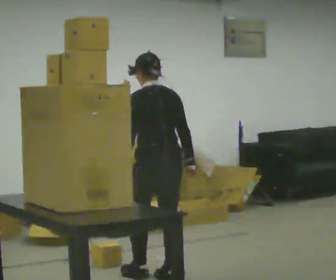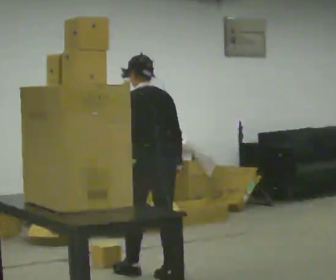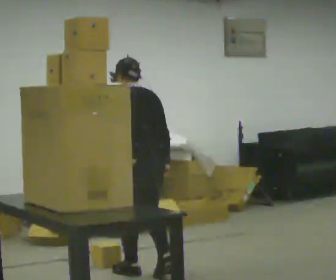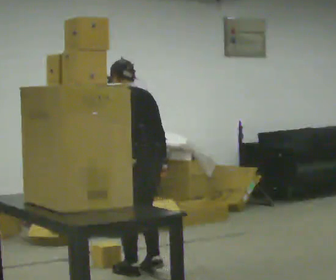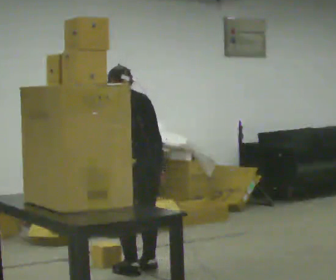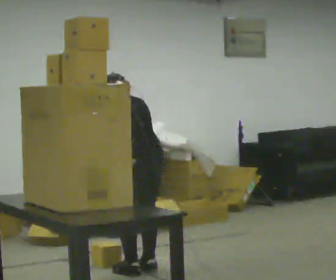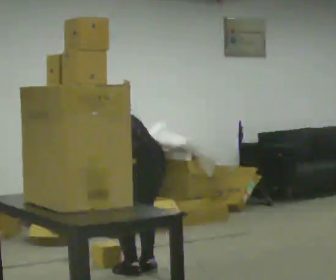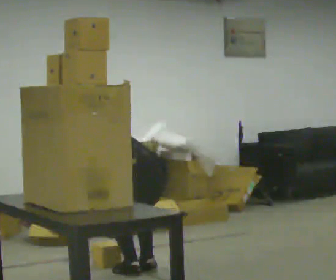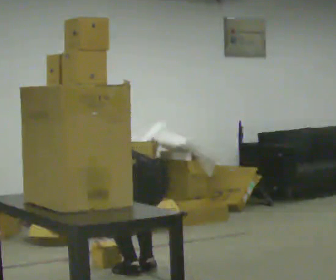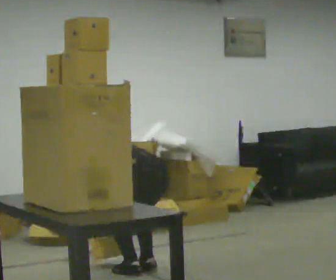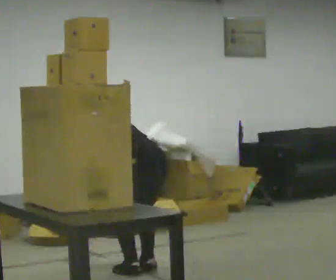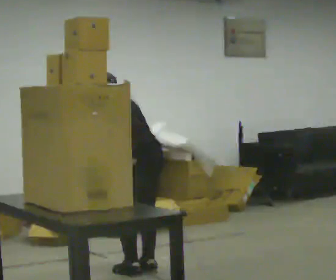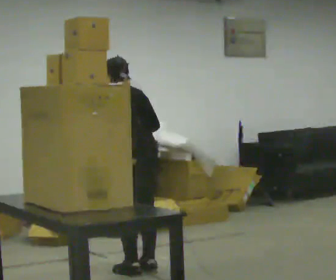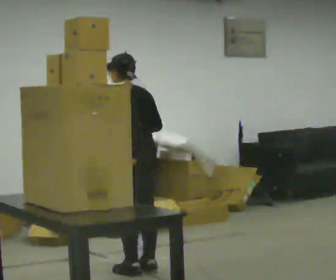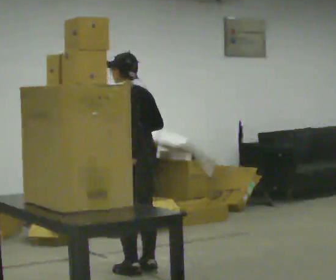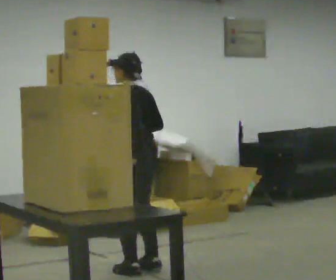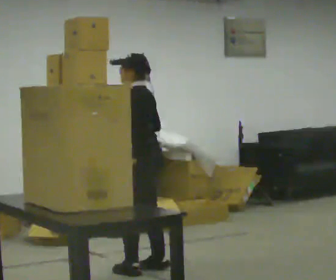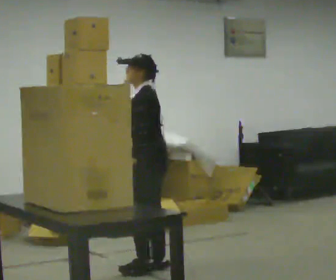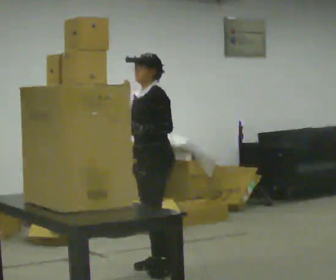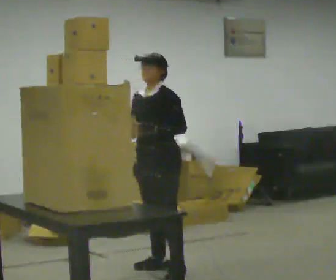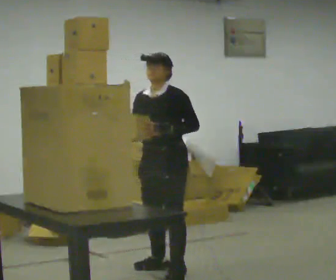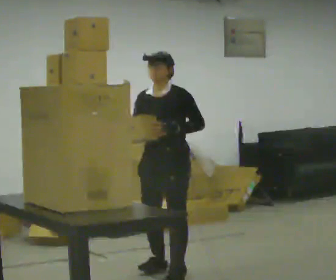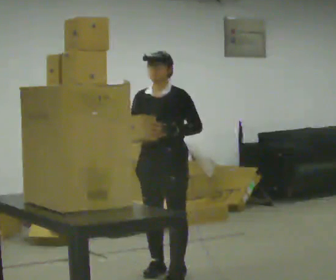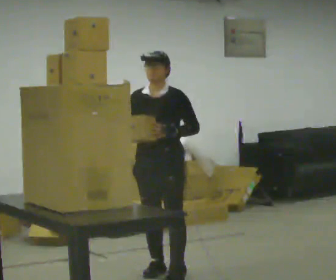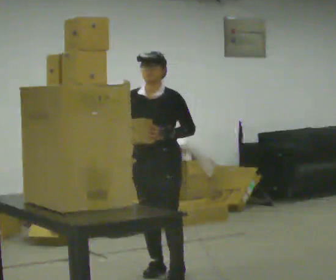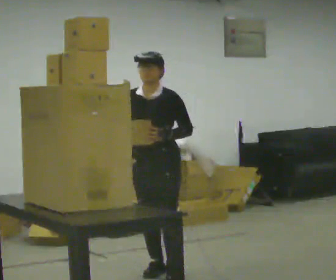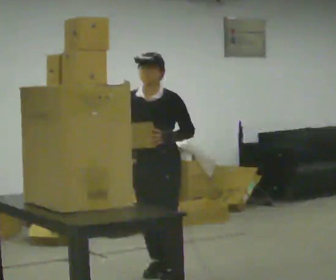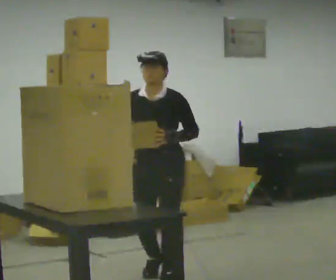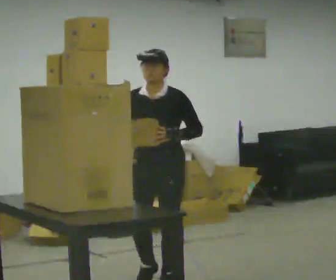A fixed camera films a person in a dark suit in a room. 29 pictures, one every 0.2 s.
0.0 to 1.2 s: In the picture they go away from the camera, about 0.25 m in 2 steps, which for them is forward. The upper body goes downward. The upper body tips away from the camera, its near side rolling upward, as they bend forward. In the picture their right hand goes to the left.
1.2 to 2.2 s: In the picture their right hand goes upward.
2.2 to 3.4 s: Seen from above the body turns counterclockwise, about 45 degrees: to their left, with its near side sliding to the right. The upper body tips toward the camera, its near side rolling downward, as they lean back or straighten.
3.4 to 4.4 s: The person turns about 60 degrees to their left, counterclockwise seen from above, so the part of the body nearest the lens slides to the right.
4.4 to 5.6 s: In the picture they go toward the camera, about 0.25 m in 1 step, which for them is forward.
The film runs forward here.
